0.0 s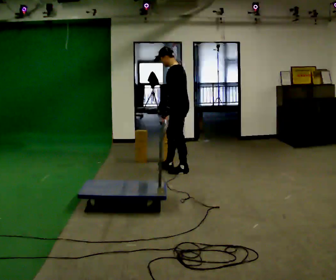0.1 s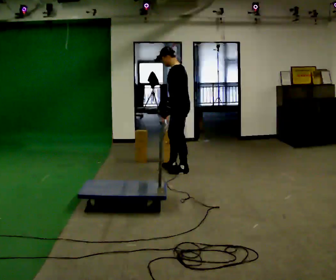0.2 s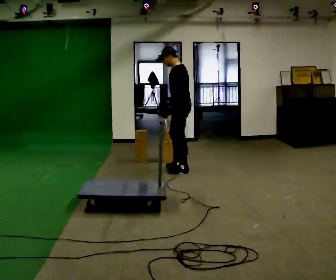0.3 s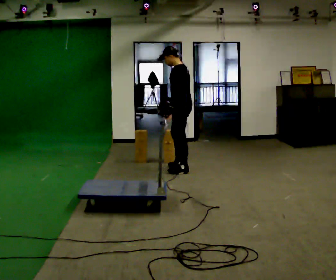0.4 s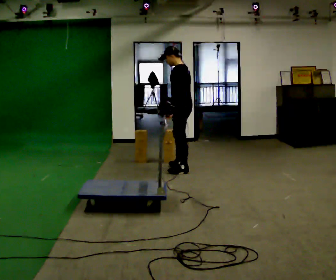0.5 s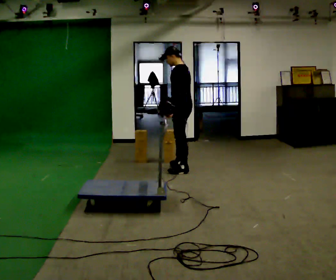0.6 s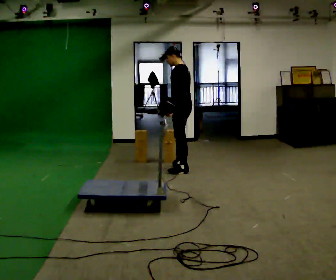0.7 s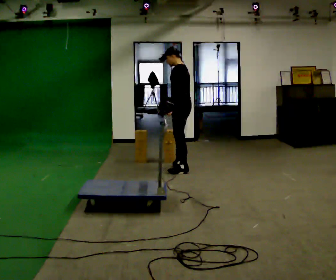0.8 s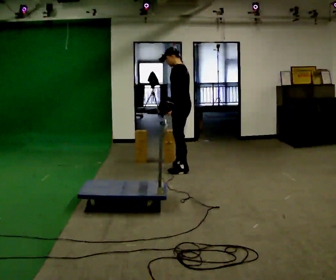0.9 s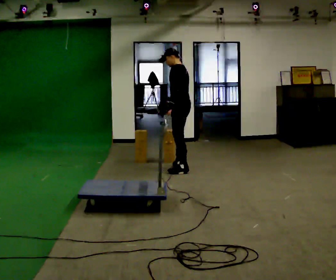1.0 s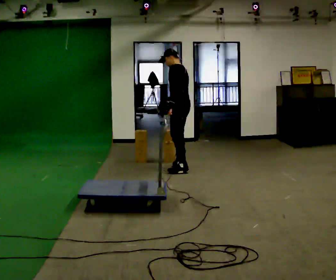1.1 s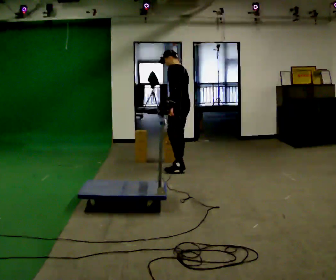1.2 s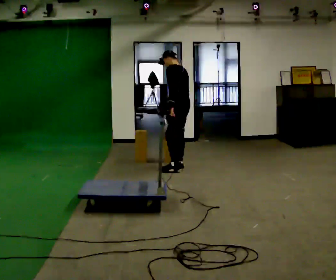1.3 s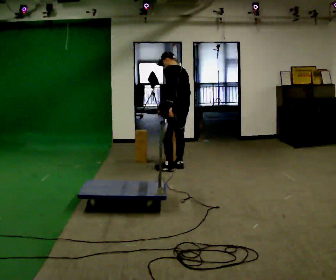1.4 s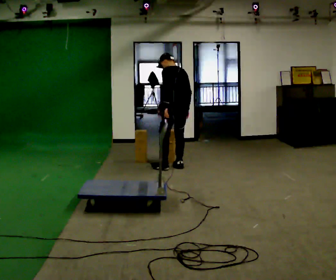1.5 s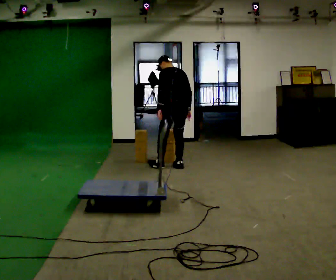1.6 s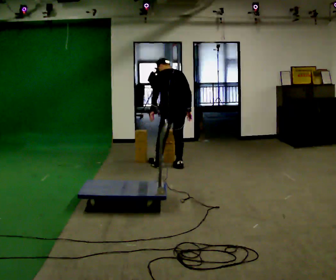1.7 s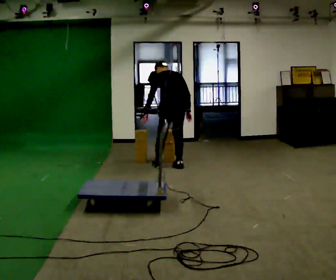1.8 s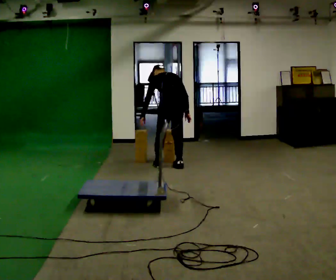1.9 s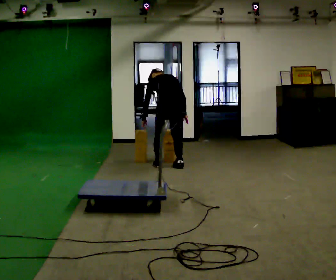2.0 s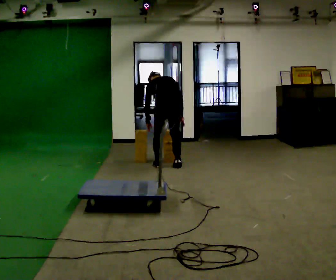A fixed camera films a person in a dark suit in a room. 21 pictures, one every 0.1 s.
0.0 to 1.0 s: In the picture they go away from the camera, about 0.25 m, which for them is to their right.
1.0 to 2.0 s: Seen from above the body turns clockwise, about 60 degrees: to their right, with its near side sliding to the left. In the picture they go to the left, about 0.25 m in 1 step. The upper body goes downward. The upper body tips away from the camera, its near side rolling upward, as they bend forward.
The film runs backward here.
